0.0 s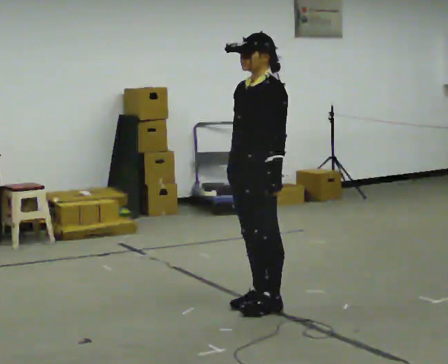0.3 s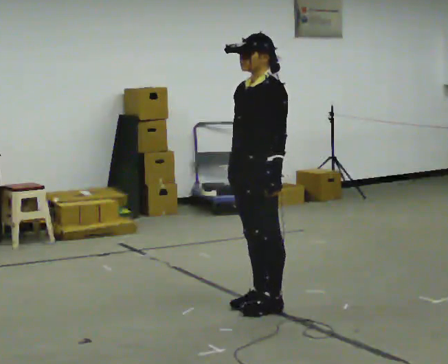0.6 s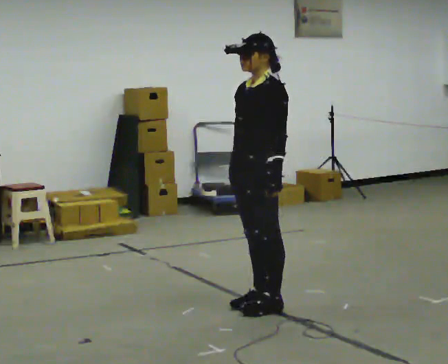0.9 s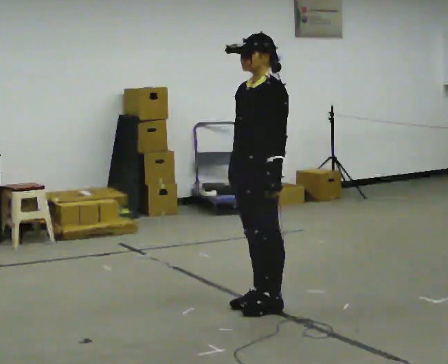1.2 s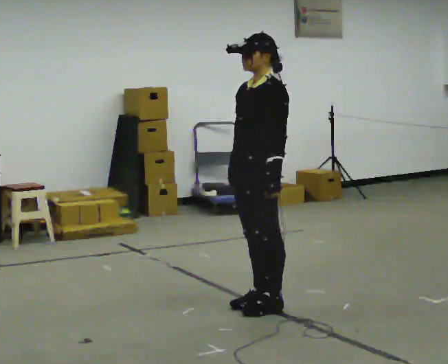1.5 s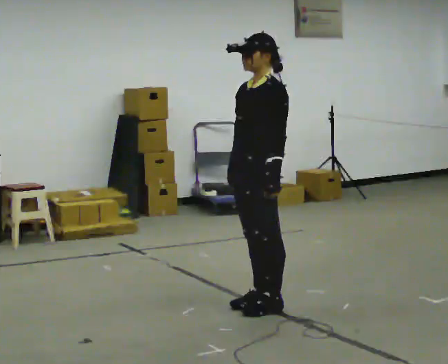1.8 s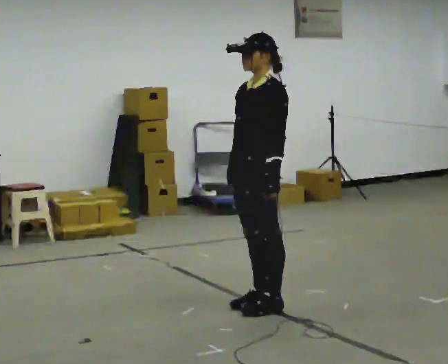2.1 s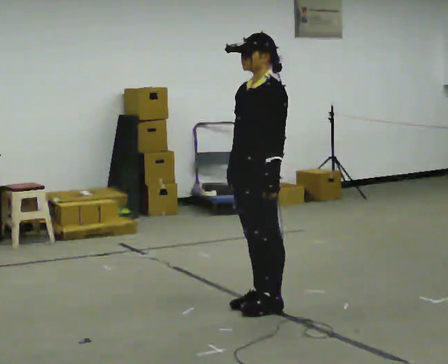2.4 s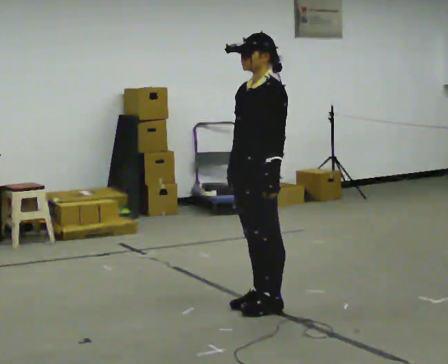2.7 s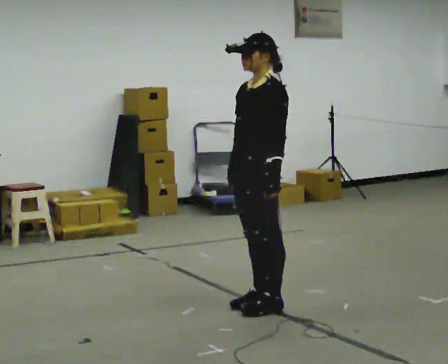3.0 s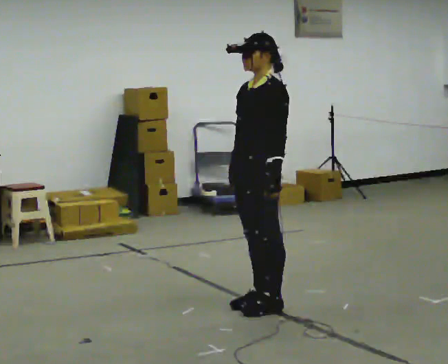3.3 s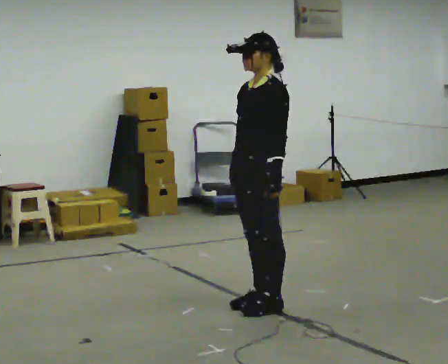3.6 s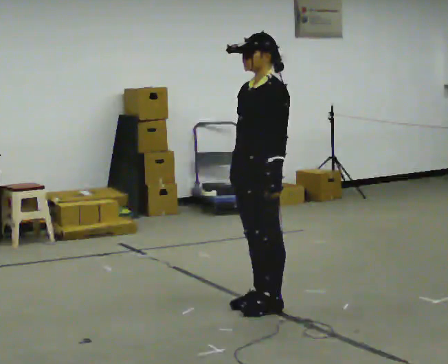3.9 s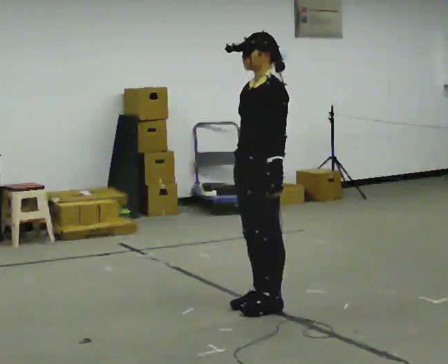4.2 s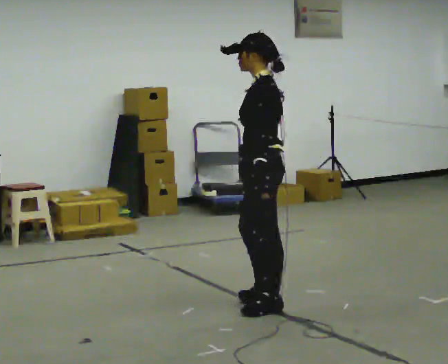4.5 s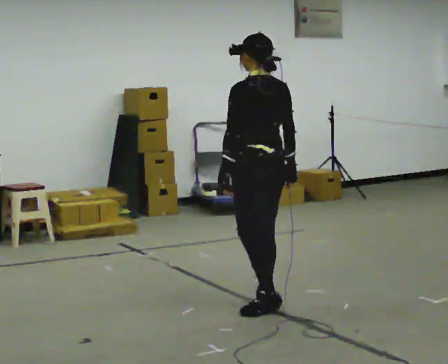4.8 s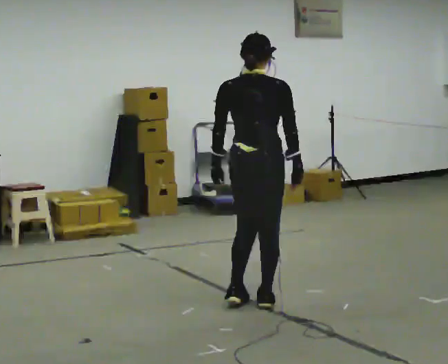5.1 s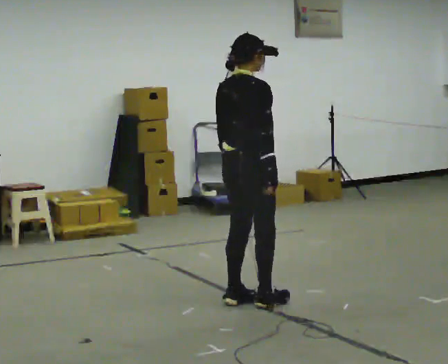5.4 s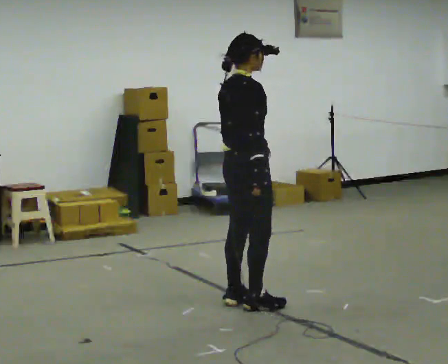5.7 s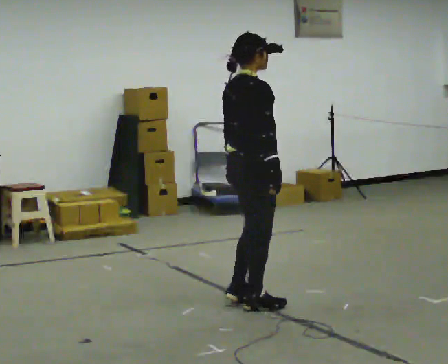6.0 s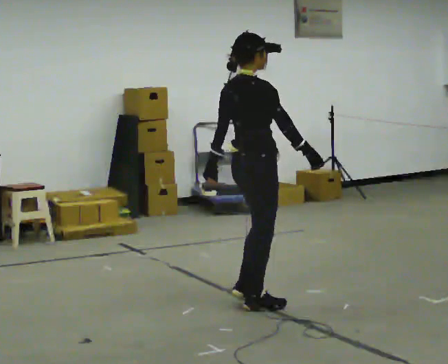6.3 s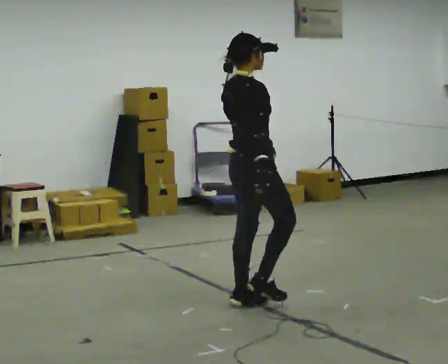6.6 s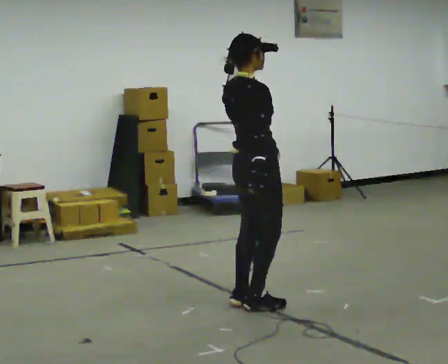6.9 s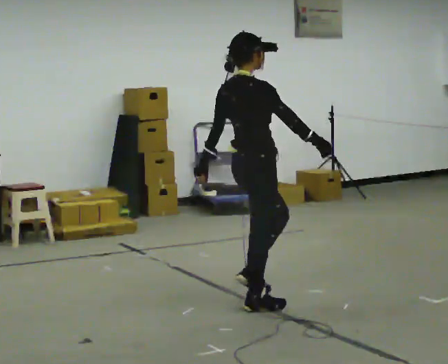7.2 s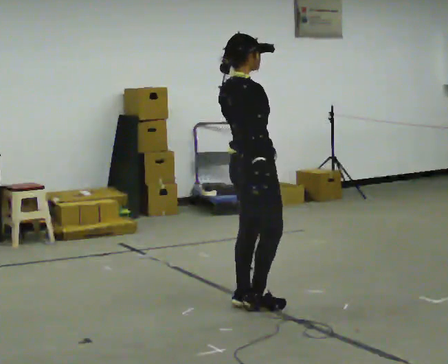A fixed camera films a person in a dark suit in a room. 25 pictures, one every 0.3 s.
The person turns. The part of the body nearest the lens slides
to the left.
The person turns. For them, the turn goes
to their right.
0.0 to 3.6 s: The person keeps their place and pose.
3.6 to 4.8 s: The person turns about 135 degrees to their right, clockwise seen from above, so the part of the body nearest the lens slides to the left. In the picture their right hand goes to the right, the arm swinging counterclockwise.
4.8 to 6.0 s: The person turns about 45 degrees to their right, clockwise seen from above, so the part of the body nearest the lens slides to the left.
6.0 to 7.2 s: The person moves a little, or ends about where they began.
The film runs forward here.
